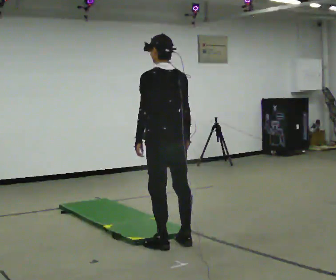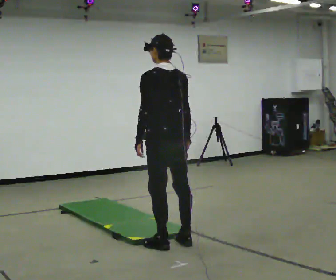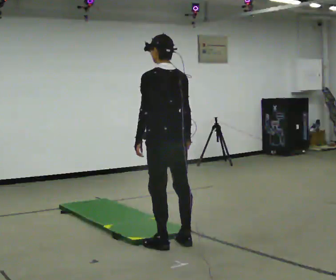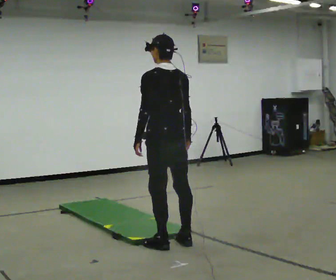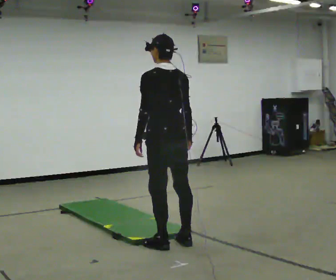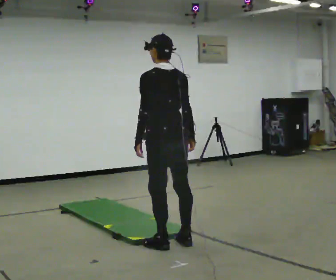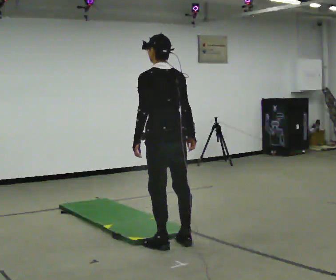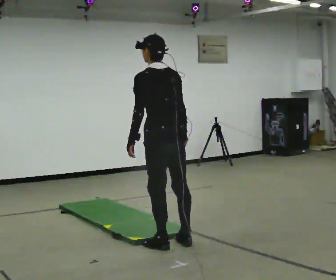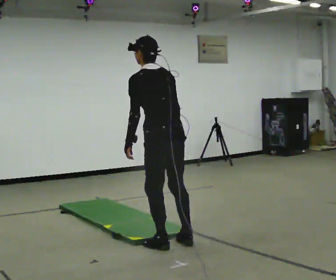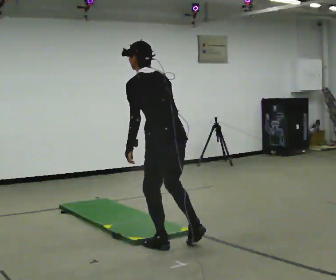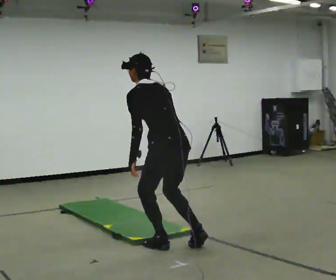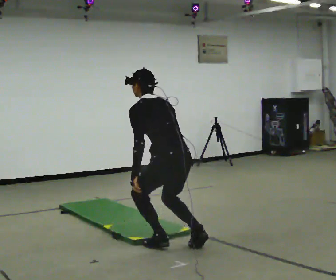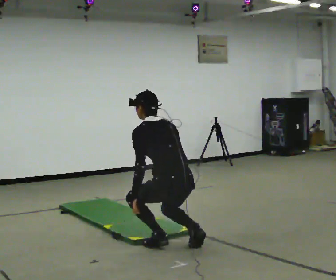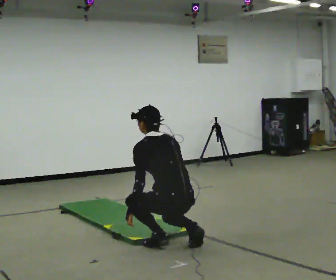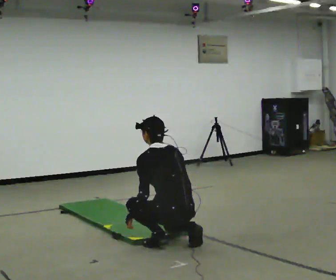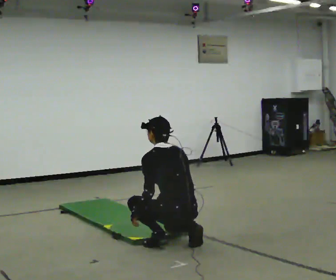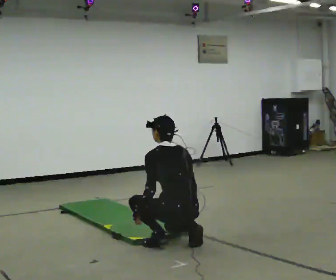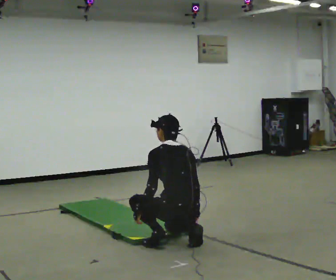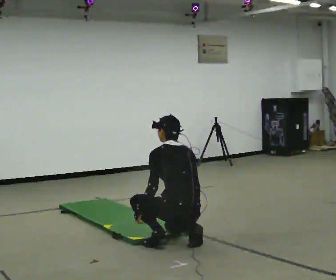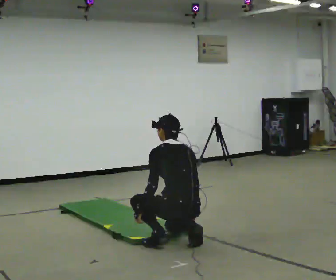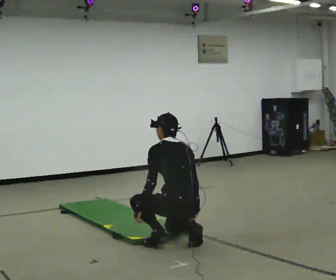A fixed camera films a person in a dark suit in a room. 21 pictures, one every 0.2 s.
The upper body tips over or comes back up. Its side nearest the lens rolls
upward.
Their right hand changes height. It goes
downward.
0.0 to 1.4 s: The person moves a little, or ends about where they began.
1.4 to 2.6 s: The upper body goes downward. The upper body tips away from the camera, its near side rolling upward, as they bend forward. In the picture their left hand goes downward.
2.6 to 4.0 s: The person moves a little, or ends about where they began.
The film runs backward here.
